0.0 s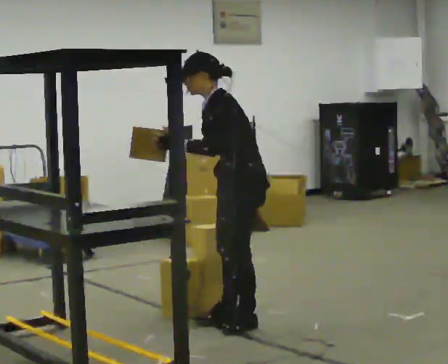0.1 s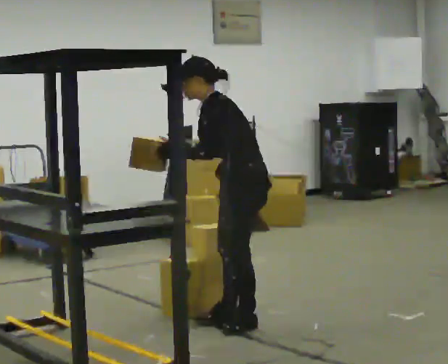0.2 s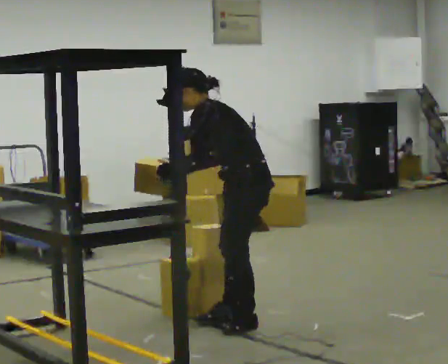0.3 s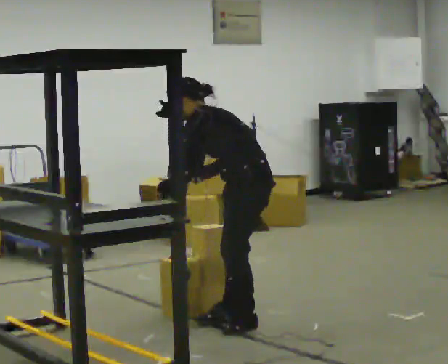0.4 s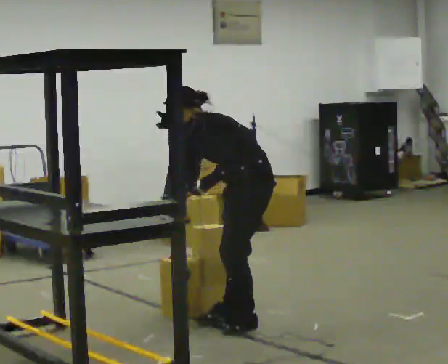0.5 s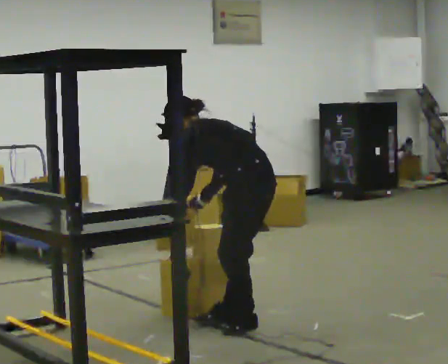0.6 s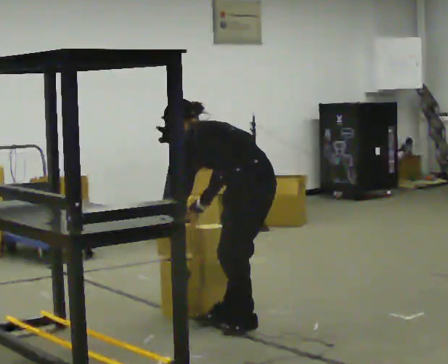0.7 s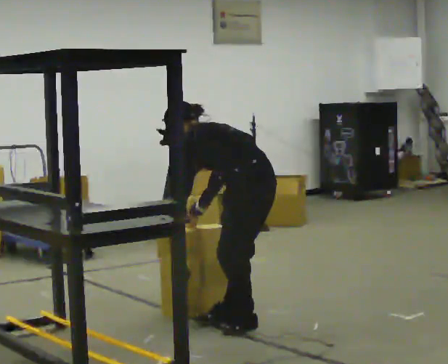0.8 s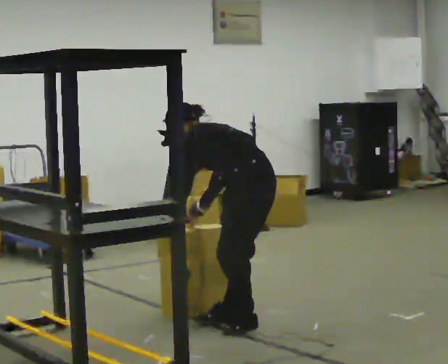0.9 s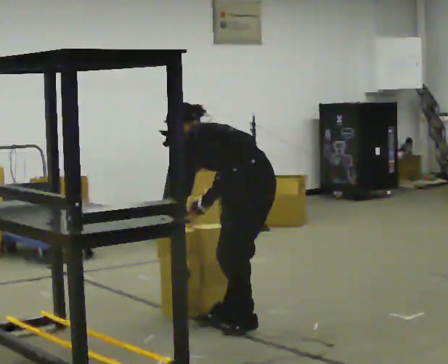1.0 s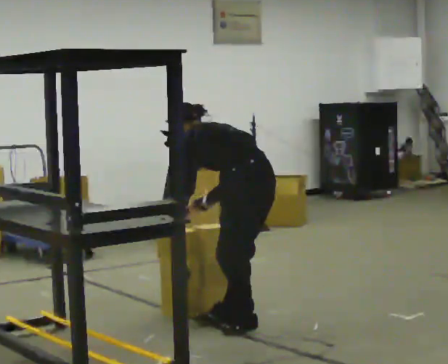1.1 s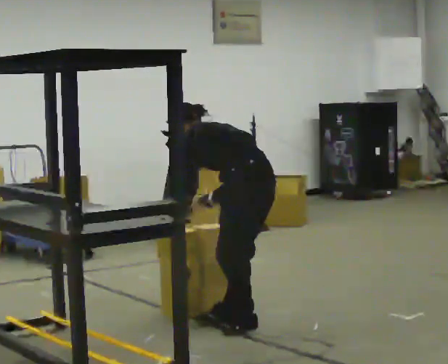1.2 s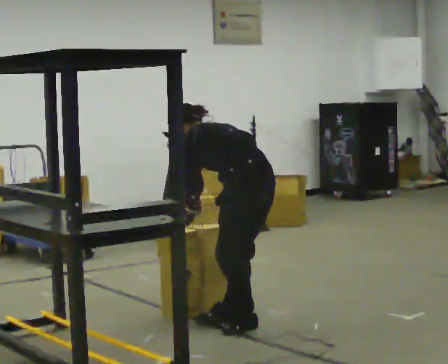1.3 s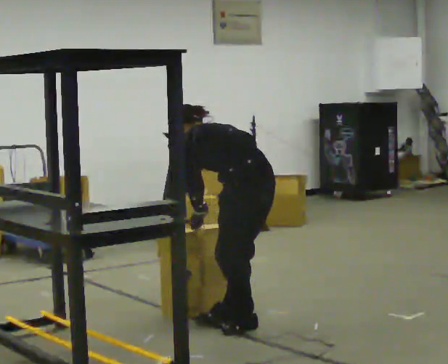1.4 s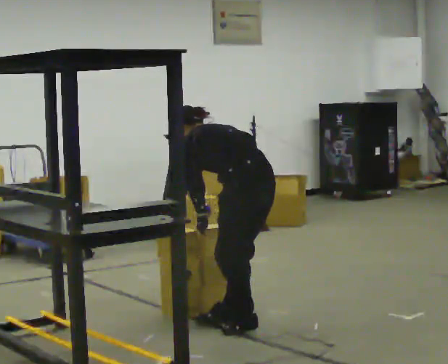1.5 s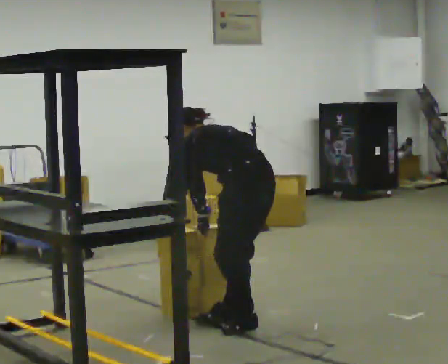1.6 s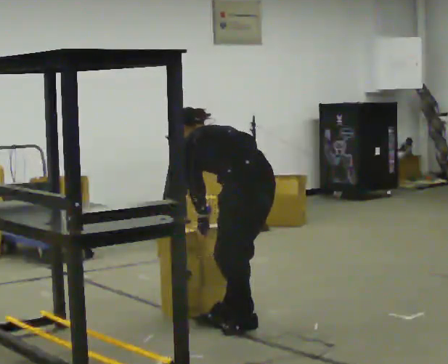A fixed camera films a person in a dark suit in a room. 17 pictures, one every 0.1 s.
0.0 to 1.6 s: Seen from above the body turns clockwise, about 45 degrees: to their right, with its near side sliding to the left. The upper body goes downward. The upper body tips away from the camera, its near side rolling upward, as they bend forward. In the picture their right hand goes downward and to the right.
The film runs backward here.
